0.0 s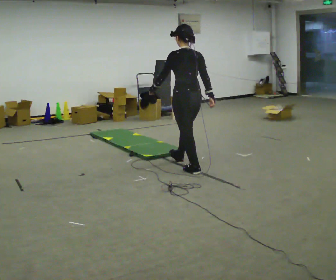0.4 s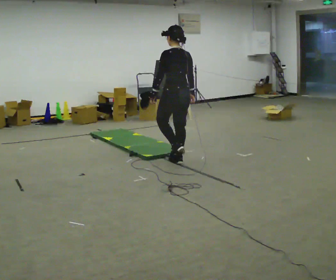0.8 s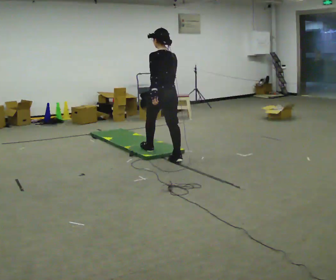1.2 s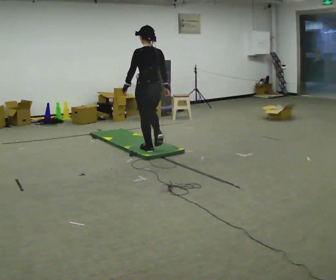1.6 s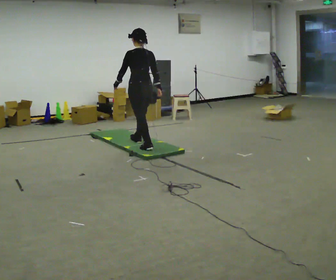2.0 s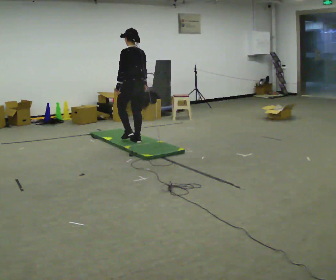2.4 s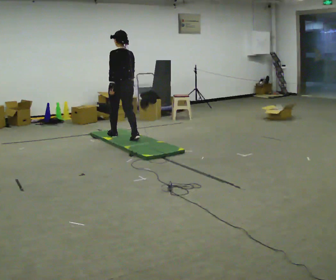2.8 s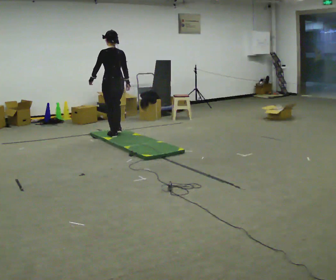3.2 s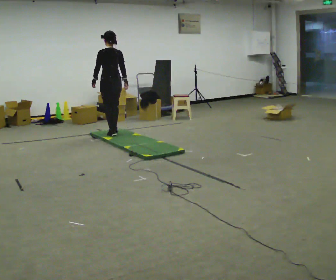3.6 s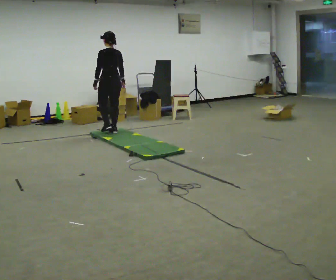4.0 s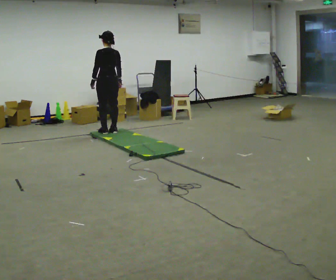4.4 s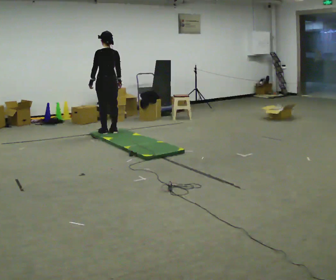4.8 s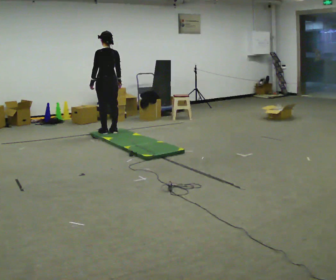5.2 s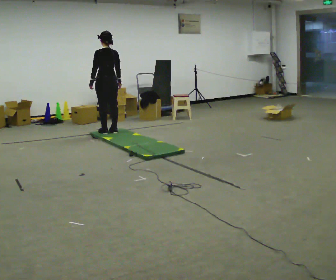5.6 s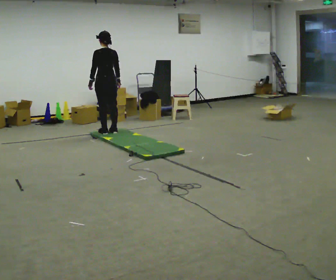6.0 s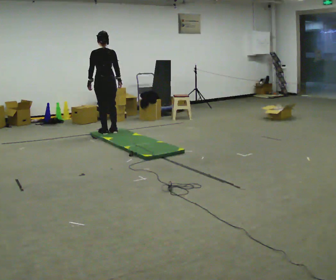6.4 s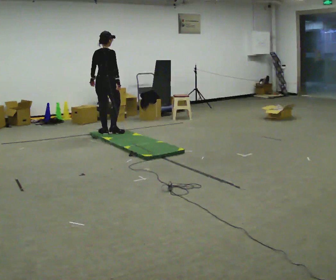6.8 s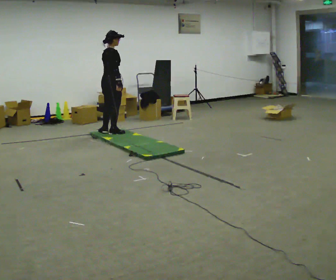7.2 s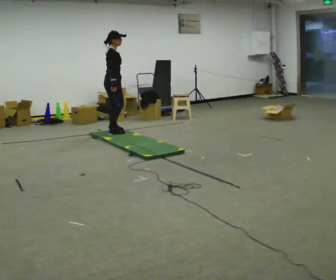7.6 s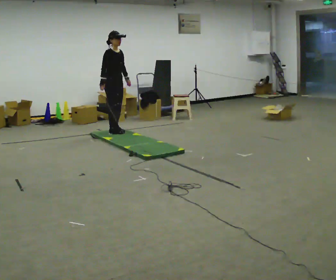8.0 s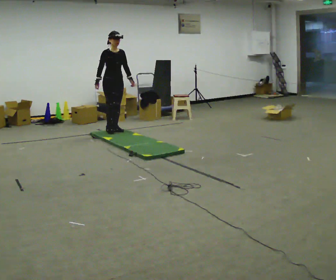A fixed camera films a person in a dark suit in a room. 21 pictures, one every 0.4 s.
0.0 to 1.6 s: In the picture they go away from the camera and to the left, about 1 m in 3 steps, which for them is forward.
1.6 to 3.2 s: In the picture they go away from the camera and to the left, about 1 m in 2 steps, which for them is forward.
3.2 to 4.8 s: The person moves a little, or ends about where they began.
4.8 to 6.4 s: The person turns about 60 degrees to their right, clockwise seen from above, so the part of the body nearest the lens slides to the left.
6.4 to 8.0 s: The part of the body nearest the lens slides to the left as the person turns to their right by about 120 degrees. In the picture they go away from the camera, about 0.25 m in 1 step. In the picture their left hand goes to the right, the arm swinging counterclockwise.
The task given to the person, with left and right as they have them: Walk across the soft uneven mat at a comfortable speed; continue walking normally after you leave it.
The film runs forward here.
